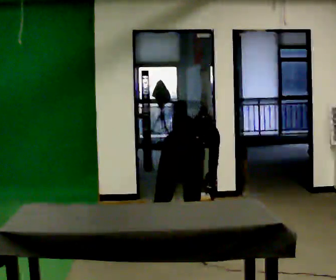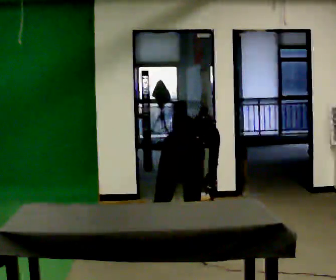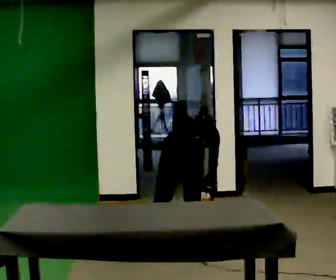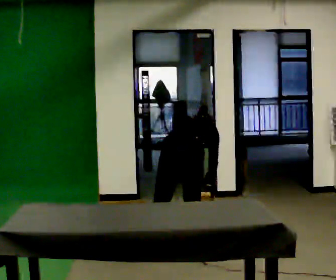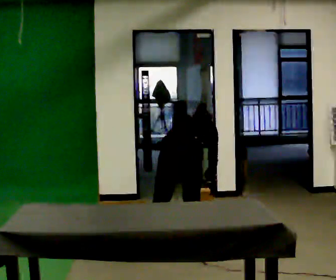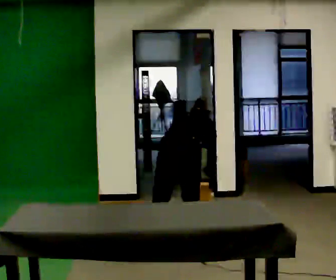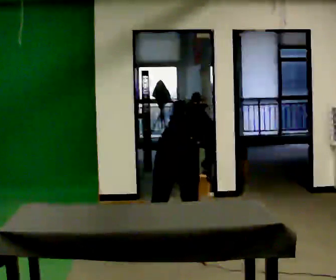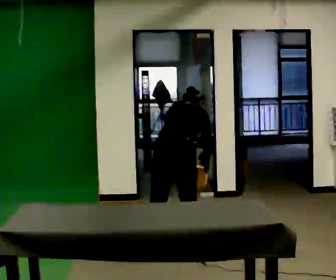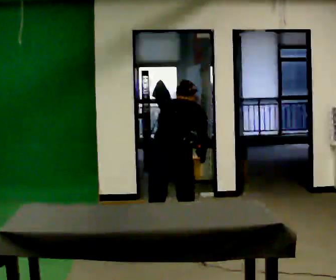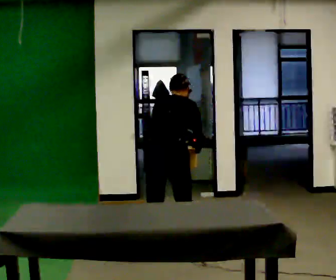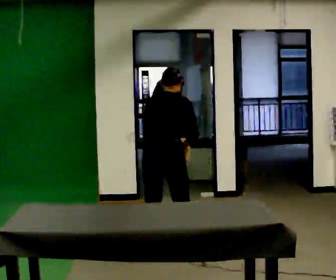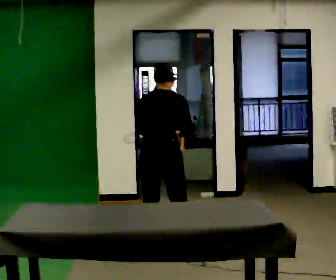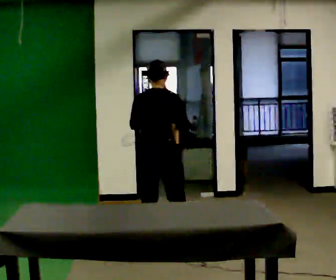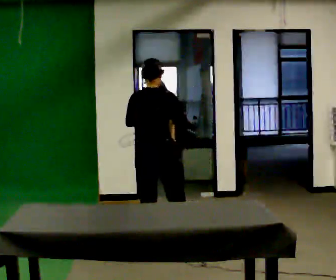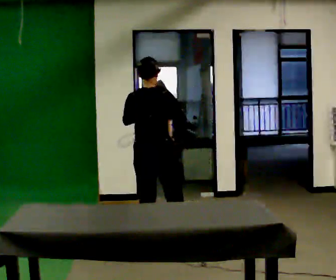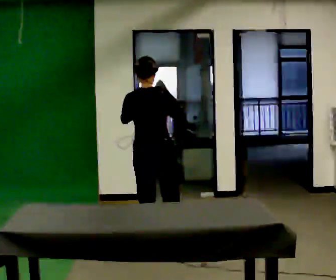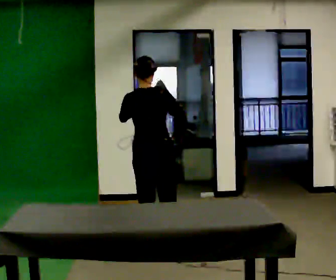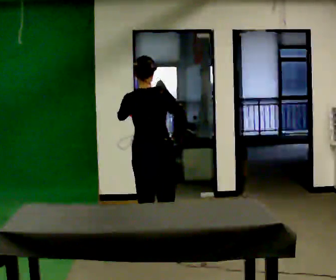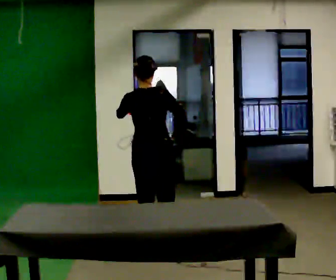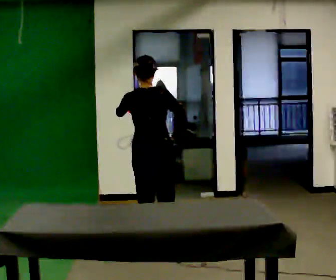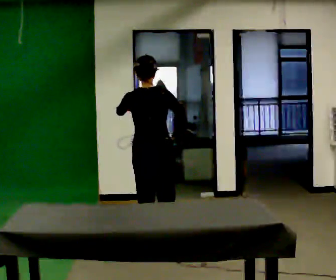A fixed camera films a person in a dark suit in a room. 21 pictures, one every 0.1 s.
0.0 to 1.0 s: In the picture they go to the left, about 0.25 m, which for them is to their left. The upper body goes upward. The upper body tips toward the camera, its near side rolling downward, as they lean back or straighten. In the picture their right hand goes upward.
1.0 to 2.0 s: The upper body tips toward the camera, its near side rolling downward, as they lean back or straighten. In the picture their right hand goes upward.
The film runs forward here.
